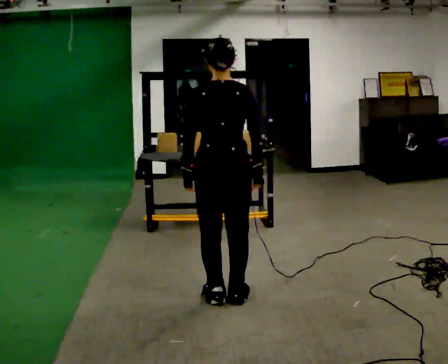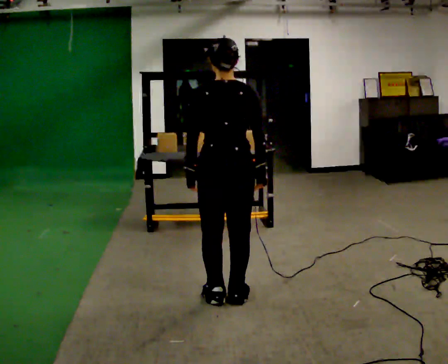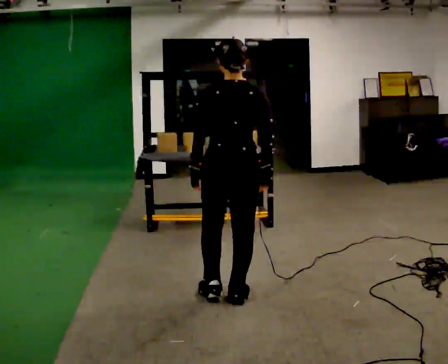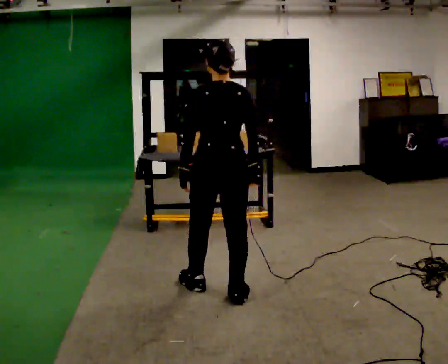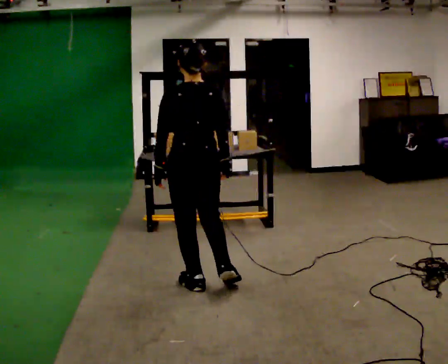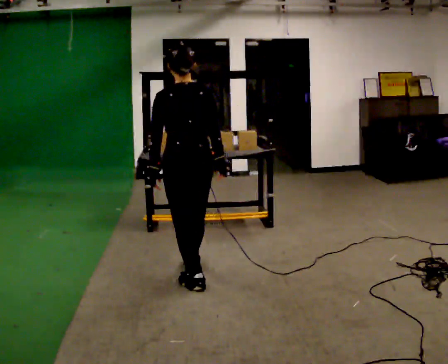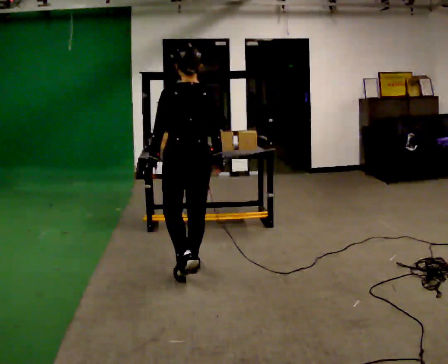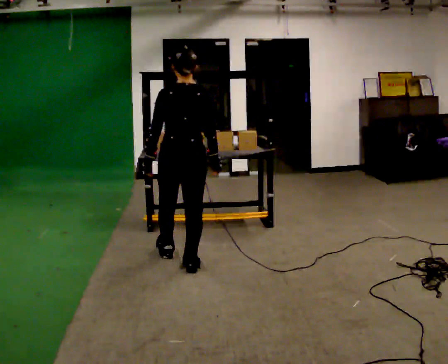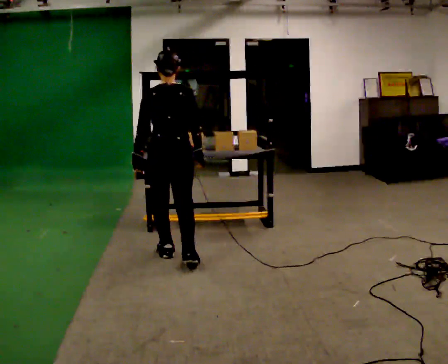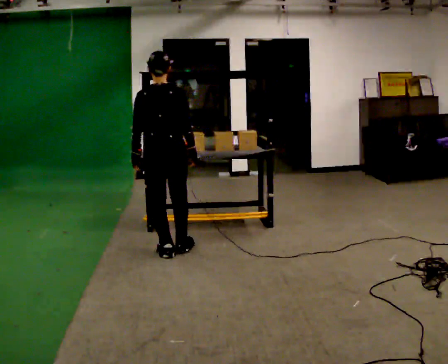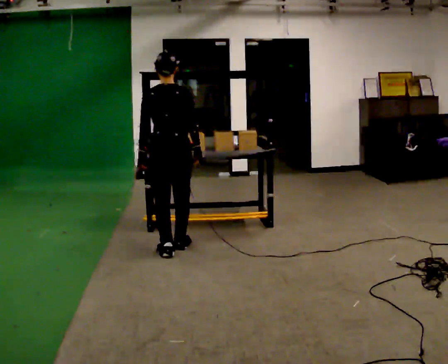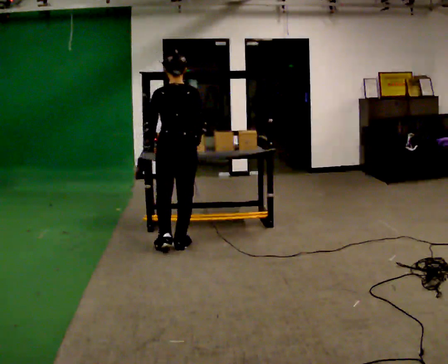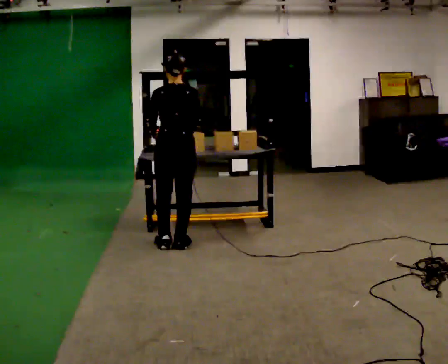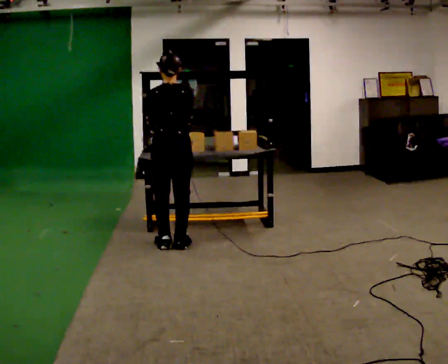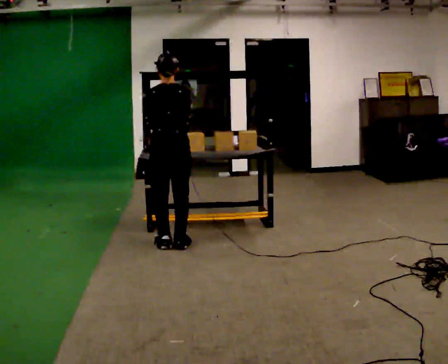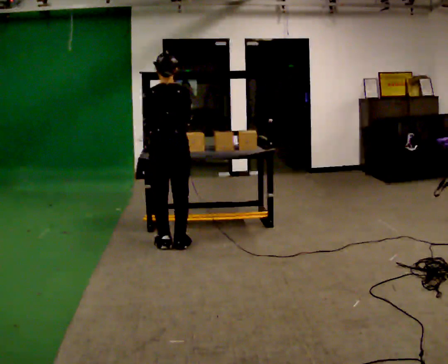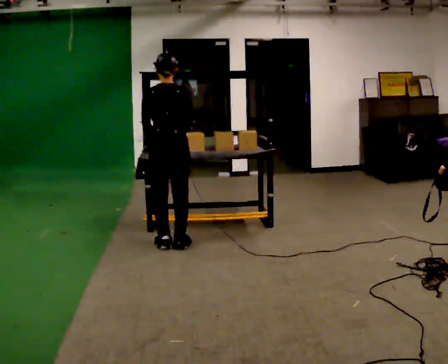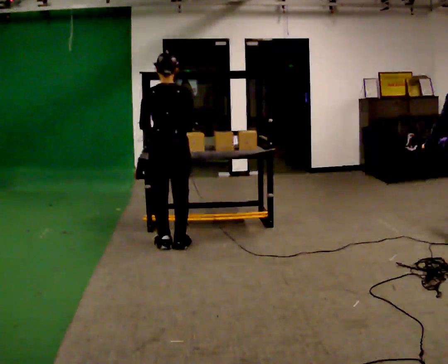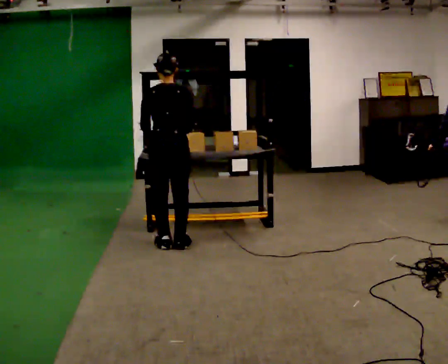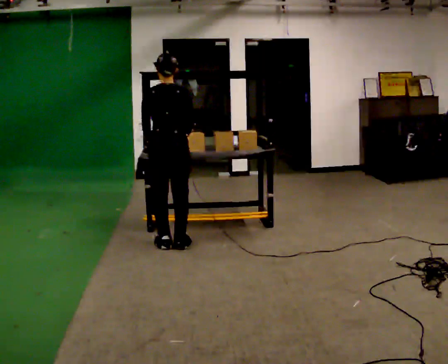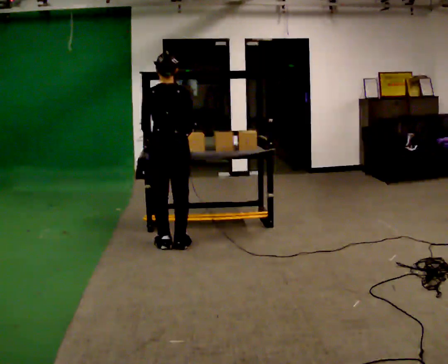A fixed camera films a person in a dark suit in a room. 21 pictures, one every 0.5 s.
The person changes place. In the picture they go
away from the camera.
0.0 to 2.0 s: In the picture they go away from the camera and to the left, about 0.25 m in 1 step, which for them is forward and to their left.
2.0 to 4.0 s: In the picture they go away from the camera, about 0.5 m in 2 steps, which for them is forward.
4.0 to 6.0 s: In the picture they go away from the camera, about 0.25 m in 2 steps, which for them is forward.
6.0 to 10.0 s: The person moves a little, or ends about where they began.
The film runs forward here.
